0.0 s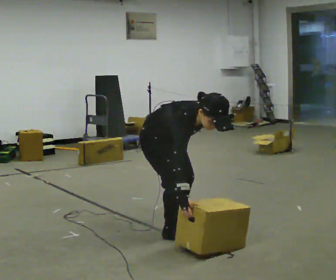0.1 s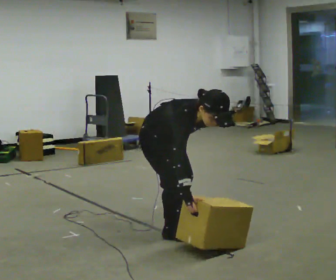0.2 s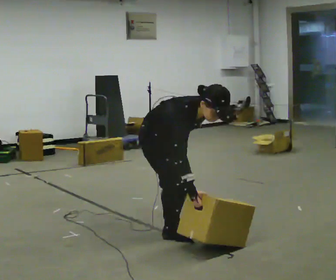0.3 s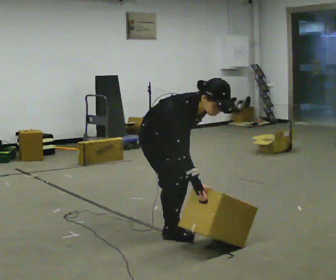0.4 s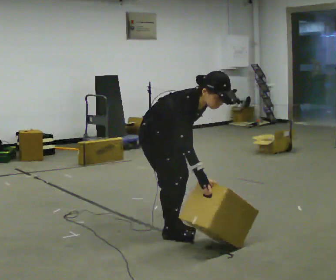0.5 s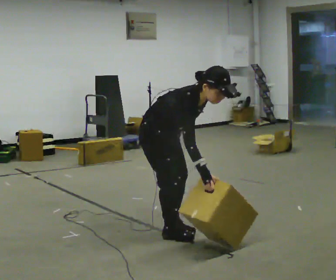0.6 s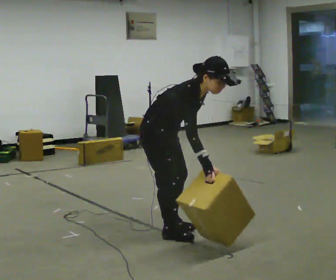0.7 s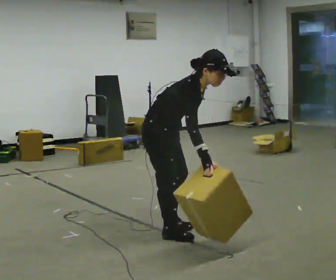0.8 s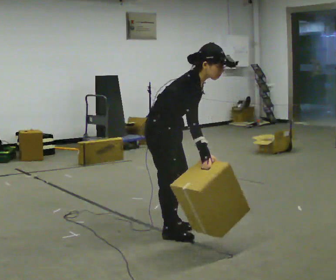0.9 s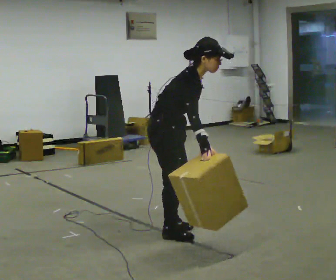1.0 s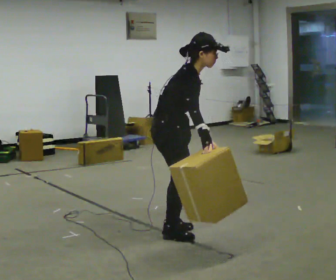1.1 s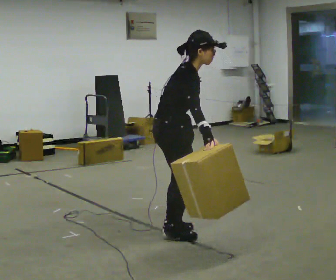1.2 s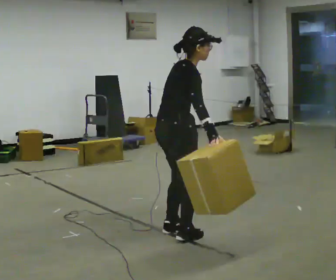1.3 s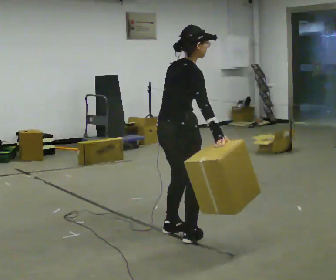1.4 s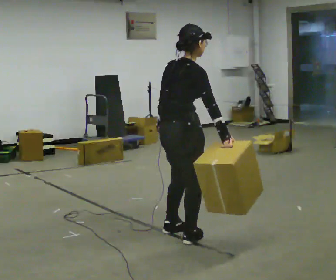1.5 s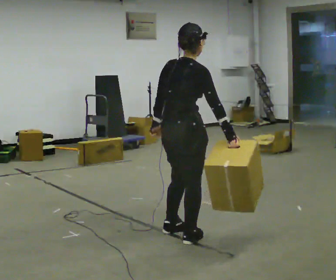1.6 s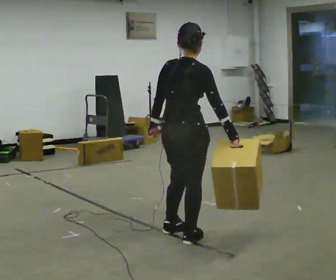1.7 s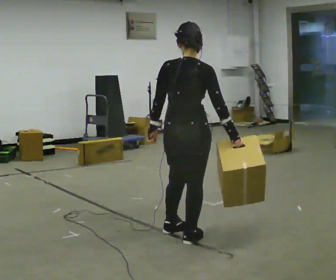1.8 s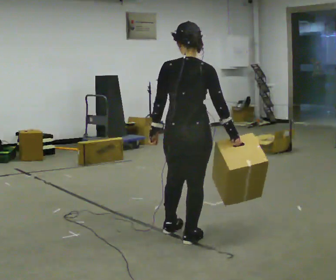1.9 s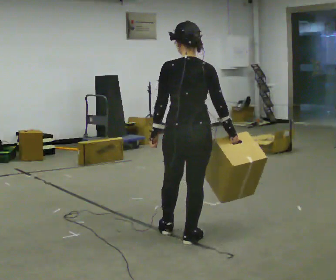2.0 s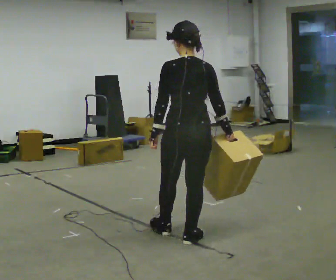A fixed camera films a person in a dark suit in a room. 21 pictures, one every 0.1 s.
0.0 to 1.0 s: The part of the body nearest the lens slides to the right as the person turns to their left by about 45 degrees. The upper body goes upward. The upper body tips away from the camera, its near side rolling upward, as they lean back or straighten.
1.0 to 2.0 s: The person turns about 90 degrees to their left, counterclockwise seen from above, so the part of the body nearest the lens slides to the right. In the picture they go to the right, about 0.25 m in 1 step. In the picture the upper body tilts counterclockwise, shoulders to the left, as they lean back or straighten.
The film runs forward here.
